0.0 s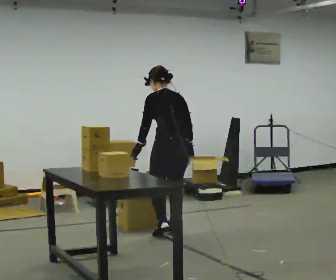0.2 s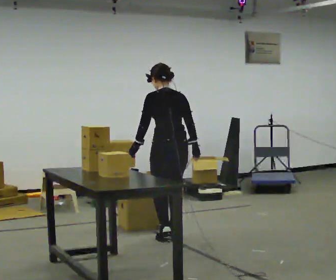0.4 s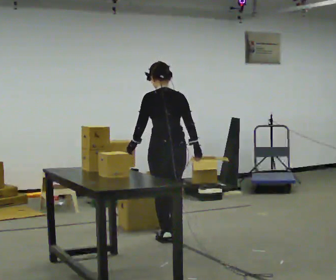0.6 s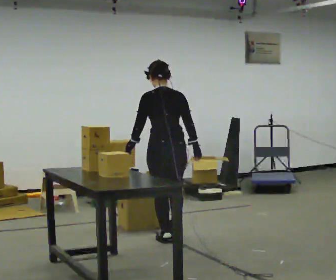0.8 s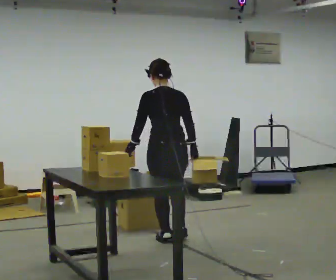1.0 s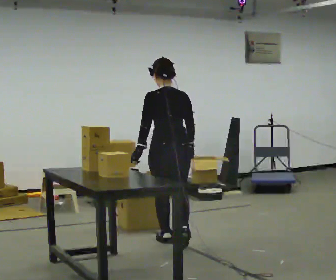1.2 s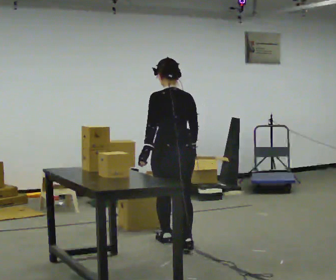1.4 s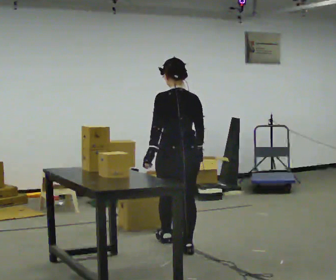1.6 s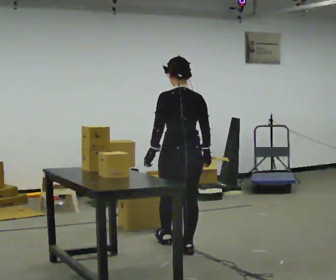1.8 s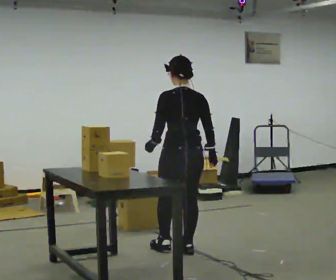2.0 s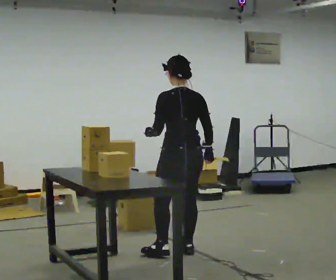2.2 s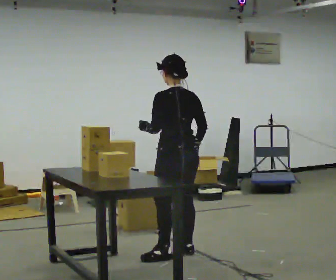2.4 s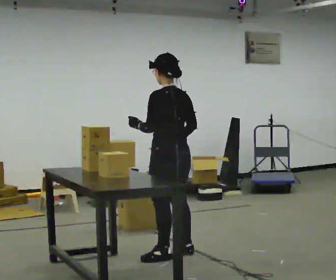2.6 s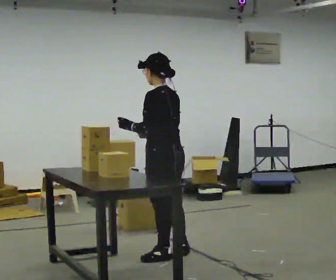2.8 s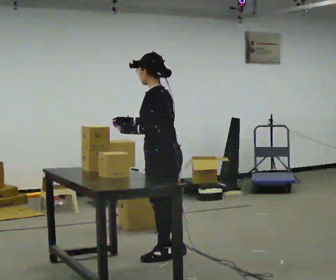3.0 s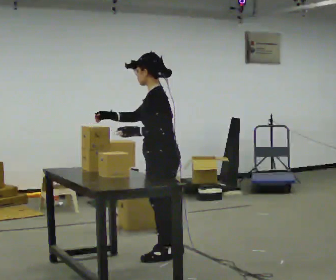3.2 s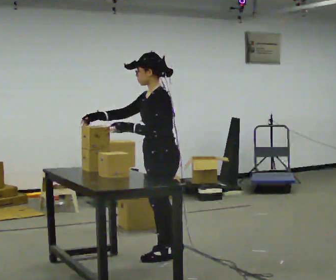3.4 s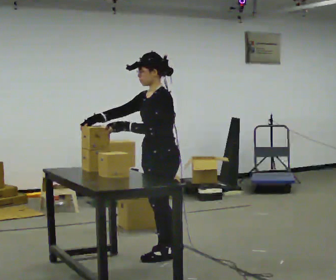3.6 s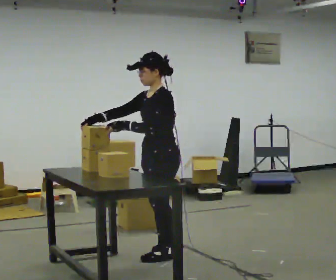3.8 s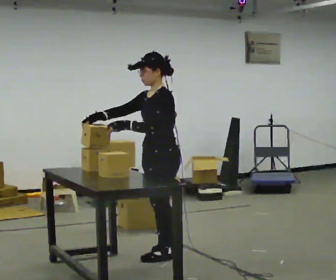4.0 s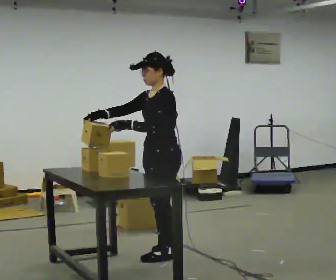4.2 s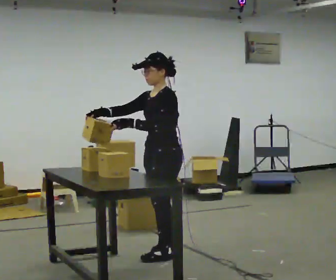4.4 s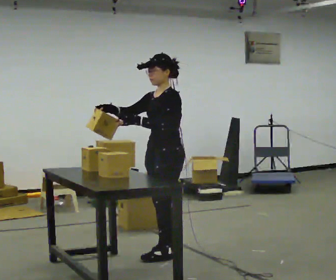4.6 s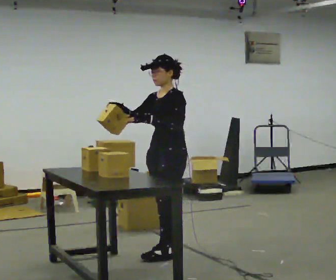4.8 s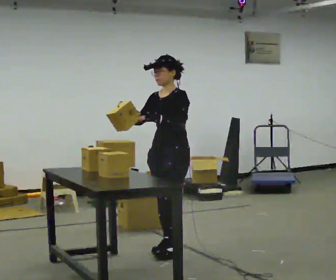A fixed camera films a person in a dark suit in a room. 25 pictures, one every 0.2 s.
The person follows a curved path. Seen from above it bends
clockwise.
0.0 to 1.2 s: In the picture they go toward the camera, about 0.5 m in 1 step, which for them is backward.
1.2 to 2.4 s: The part of the body nearest the lens slides to the right as the person turns to their left by about 30 degrees. In the picture they go toward the camera, about 0.25 m in 1 step, which for them is backward.
2.4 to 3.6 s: Seen from above the body turns counterclockwise, about 60 degrees: to their left, with its near side sliding to the right. In the picture their right hand goes to the left, the arm swinging clockwise.
3.6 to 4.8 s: The person turns about 30 degrees to their left, counterclockwise seen from above, so the part of the body nearest the lens slides to the right. In the picture they go away from the camera, about 0.25 m in 1 step, which for them is to their right and backward.
The film runs backward here.
